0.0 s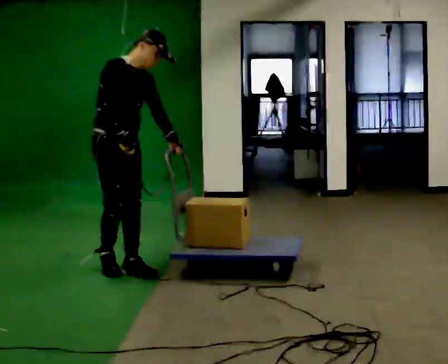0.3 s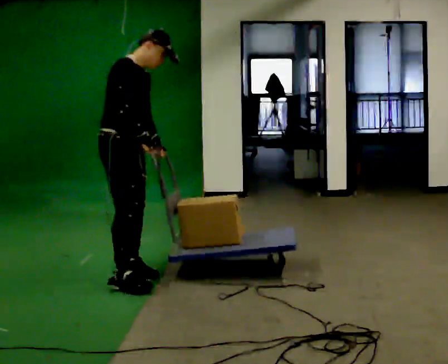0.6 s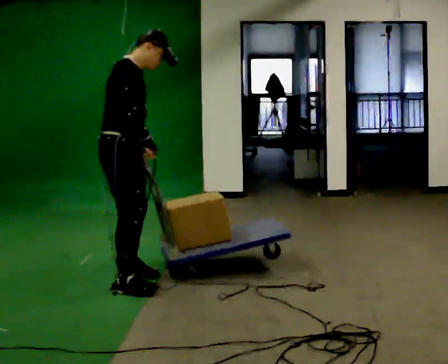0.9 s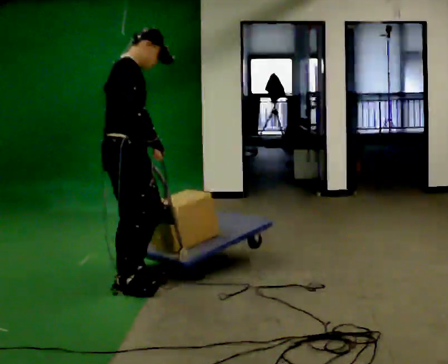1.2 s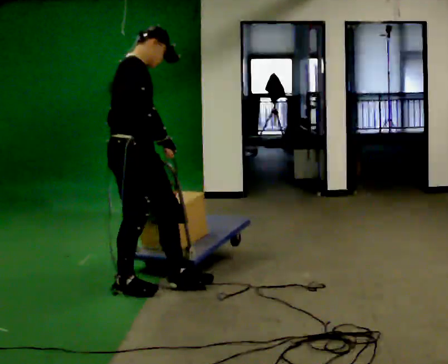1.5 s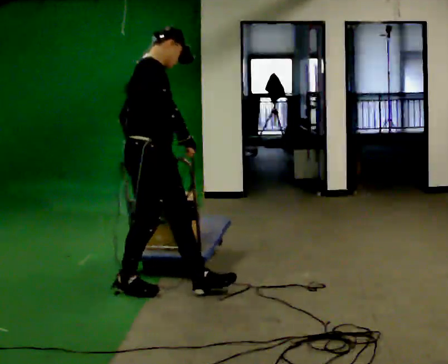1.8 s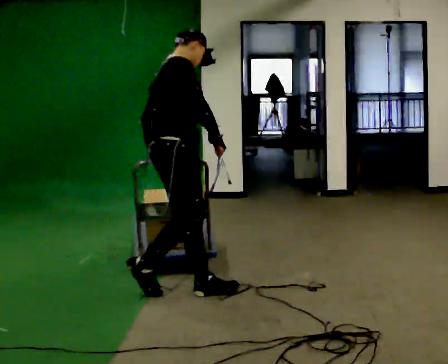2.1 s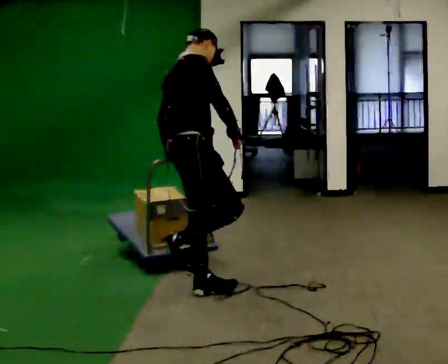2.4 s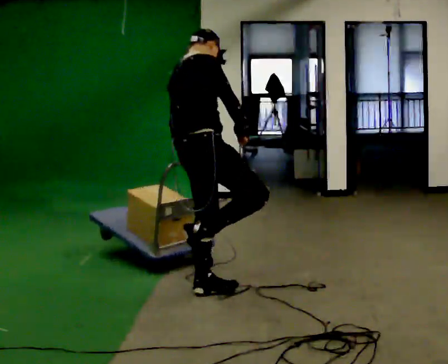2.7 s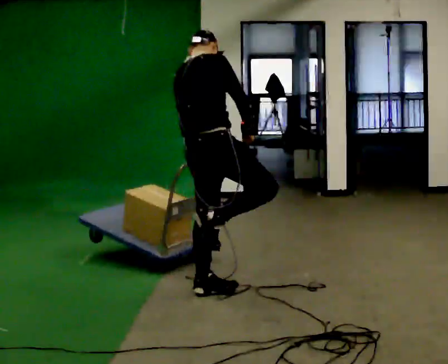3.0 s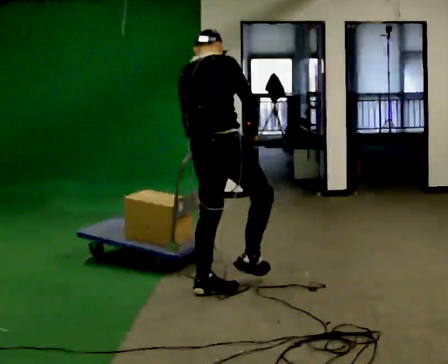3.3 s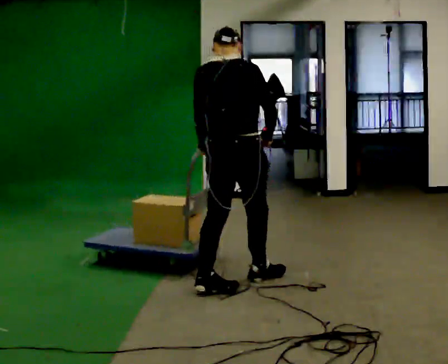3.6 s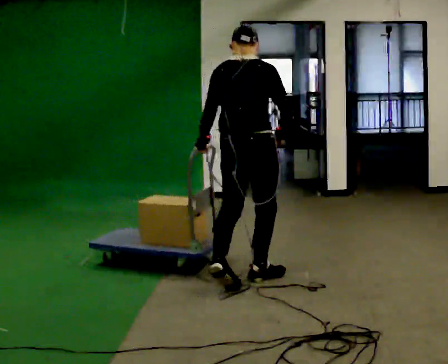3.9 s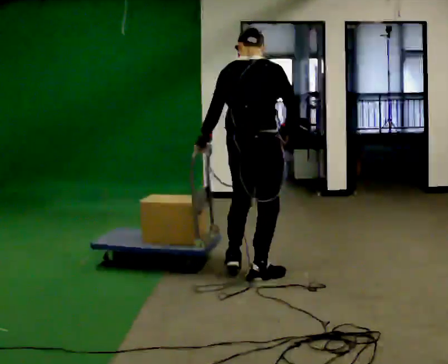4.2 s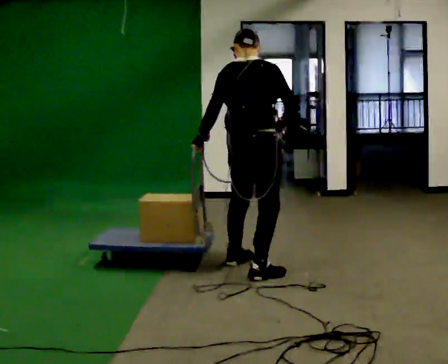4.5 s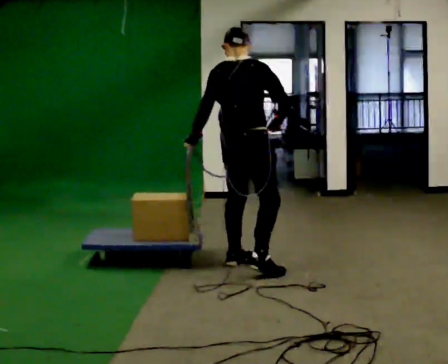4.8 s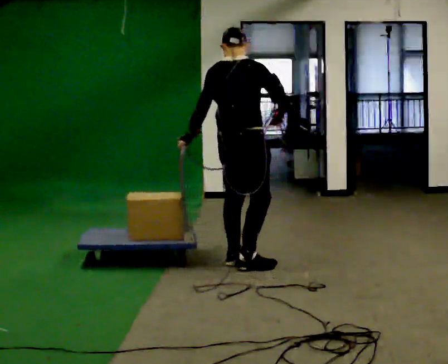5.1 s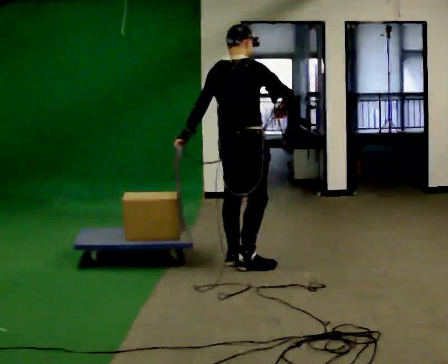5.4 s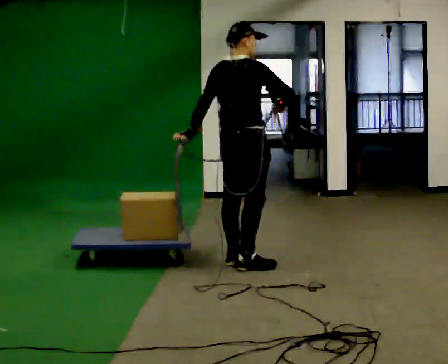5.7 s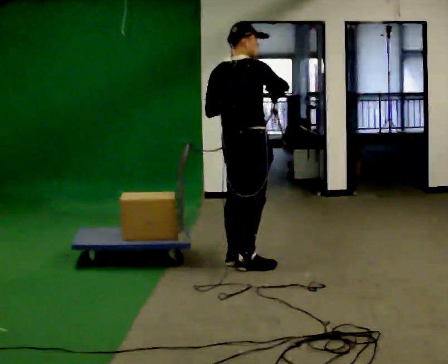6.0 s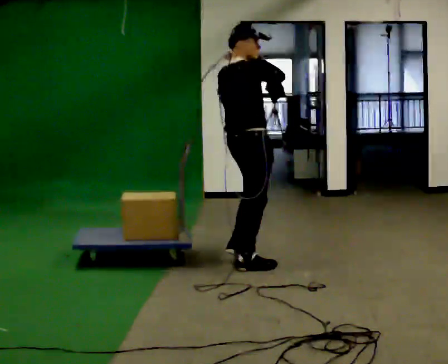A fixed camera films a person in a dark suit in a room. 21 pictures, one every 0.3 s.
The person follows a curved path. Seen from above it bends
counterclockwise.
The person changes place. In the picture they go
to the right.
0.0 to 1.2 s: The part of the body nearest the lens slides to the right as the person turns to their left by about 30 degrees. In the picture they go toward the camera and to the right, about 0.5 m in 1 step, which for them is to their right and forward.
1.2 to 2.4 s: The person turns about 30 degrees to their left, counterclockwise seen from above, so the part of the body nearest the lens slides to the right. In the picture they go to the right, about 0.5 m in 1 step, which for them is forward.
2.4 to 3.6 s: The part of the body nearest the lens slides to the right as the person turns to their left by about 45 degrees. In the picture they go to the right and away from the camera, about 0.5 m in 2 steps, which for them is forward.
3.6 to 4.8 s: In the picture they go away from the camera, about 0.5 m in 1 step, which for them is forward and to their left.
4.8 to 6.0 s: The part of the body nearest the lens slides to the left as the person turns to their right by about 30 degrees. In the picture their left hand goes upward and to the right.
The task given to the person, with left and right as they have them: Put the rope over your shoulder and drag the sled across the room. Keep going until the operator says stop.
The film runs forward here.
